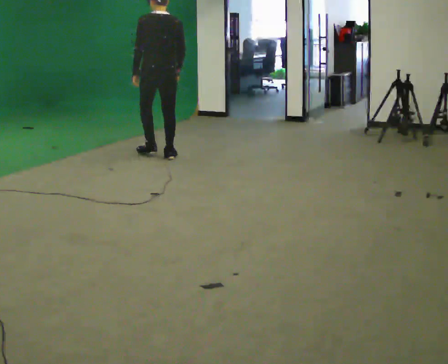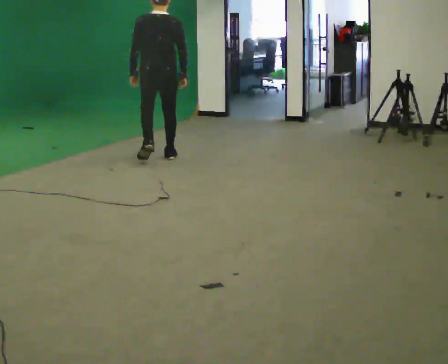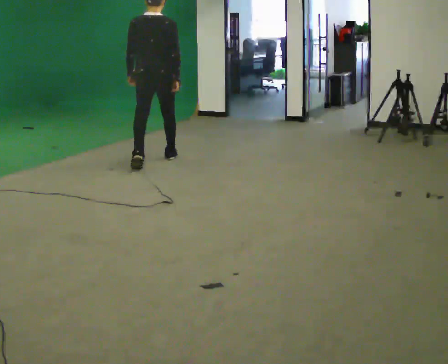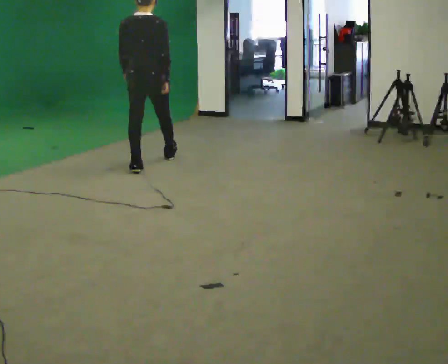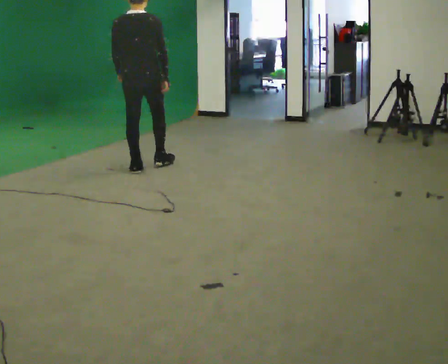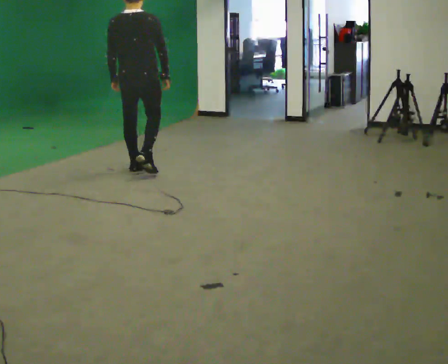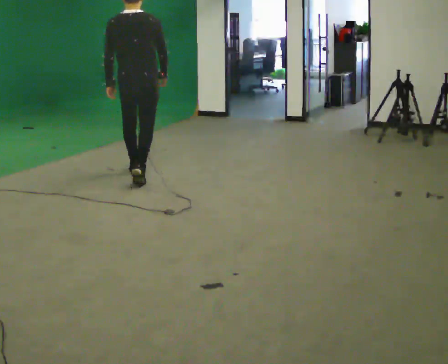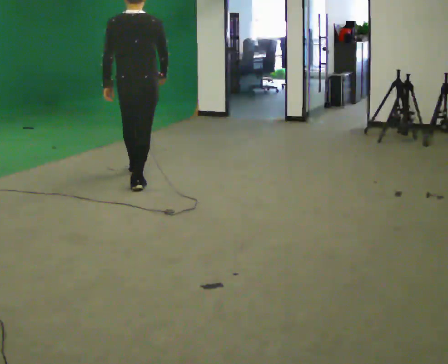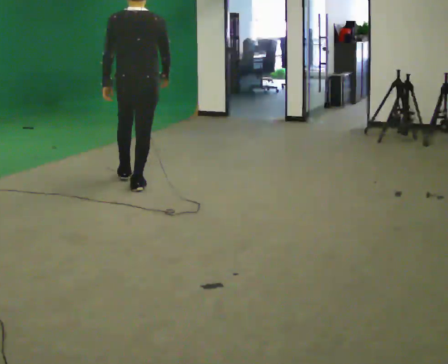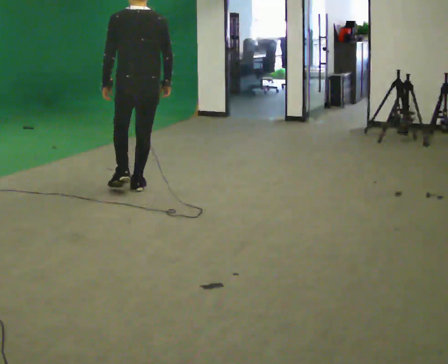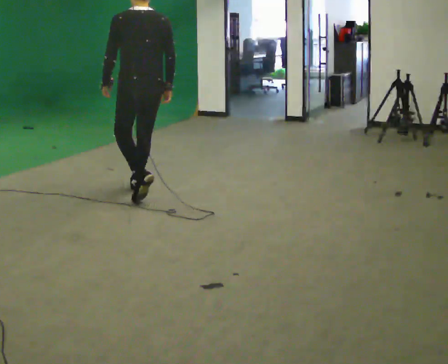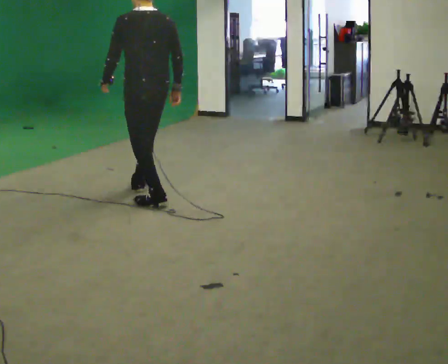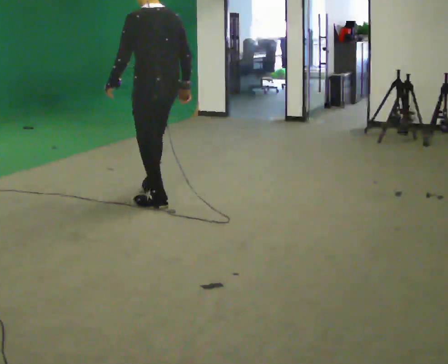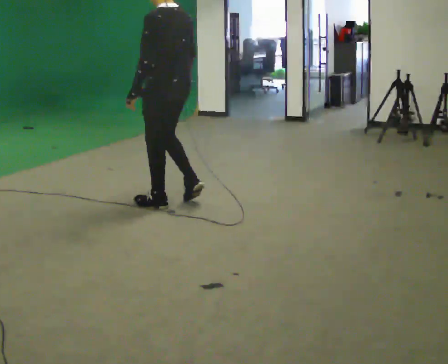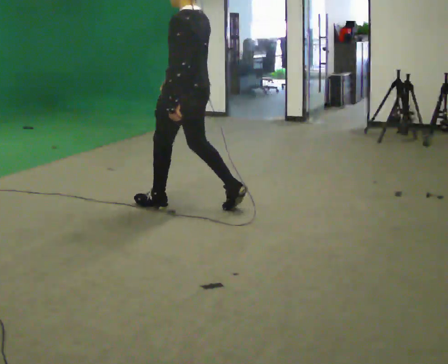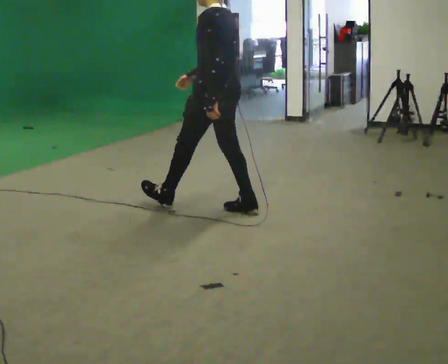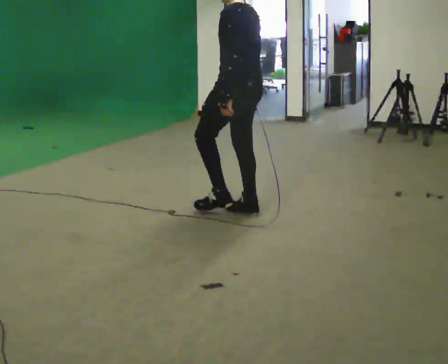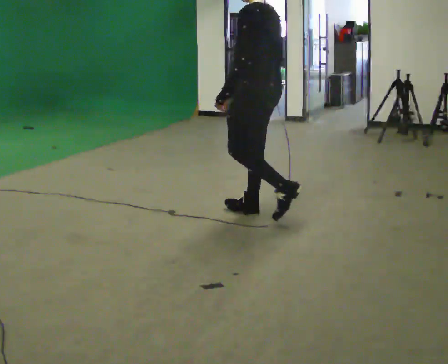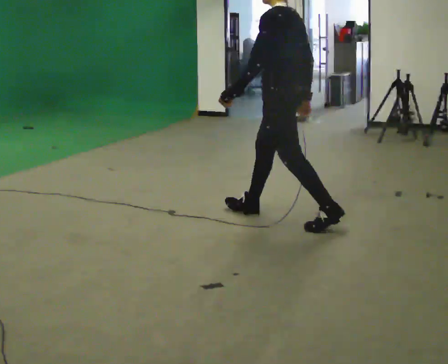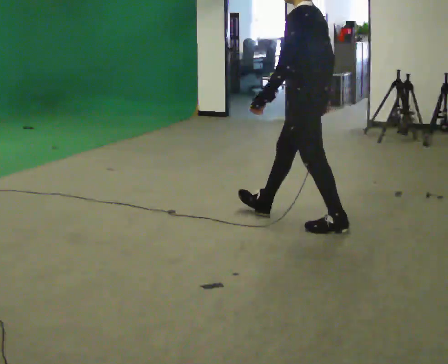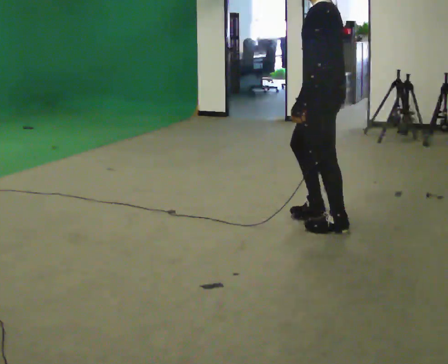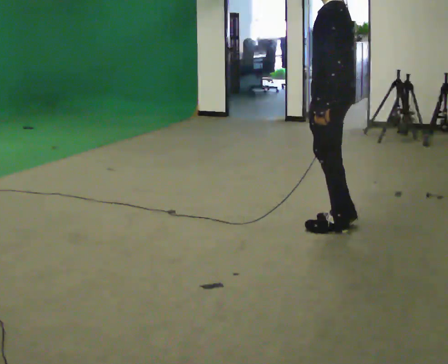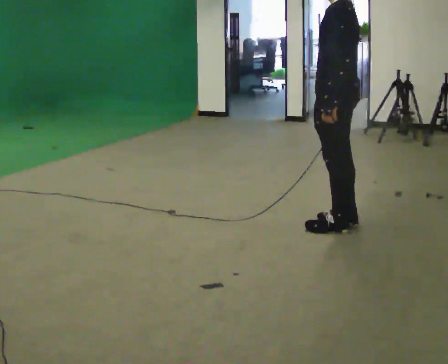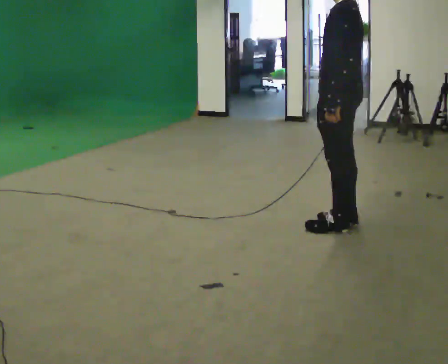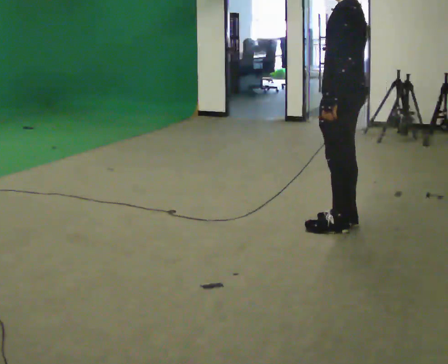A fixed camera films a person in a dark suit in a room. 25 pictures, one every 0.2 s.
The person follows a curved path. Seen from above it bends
counterclockwise.
The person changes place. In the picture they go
toward the camera.
0.0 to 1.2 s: The person turns about 30 degrees to their right, clockwise seen from above, so the part of the body nearest the lens slides to the left. In the picture they go toward the camera, about 0.5 m in 1 step, which for them is backward.
1.2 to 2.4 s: Seen from above the body turns counterclockwise, about 45 degrees: to their left, with its near side sliding to the right. In the picture they go toward the camera, about 1 m in 2 steps, which for them is backward.
2.4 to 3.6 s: In the picture they go to the right and toward the camera, about 1 m in 1 step, which for them is backward.
3.6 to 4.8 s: In the picture they go to the right and toward the camera, about 0.5 m in 1 step, which for them is backward.
The film runs backward here.
